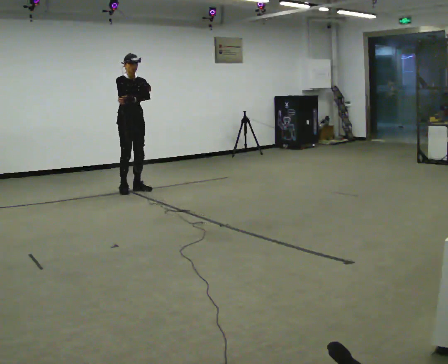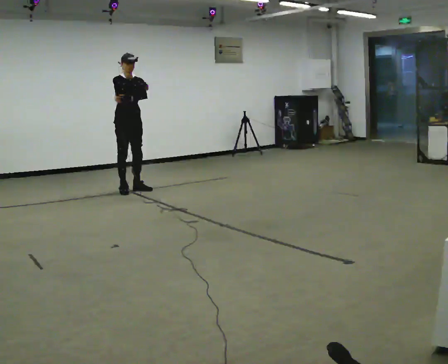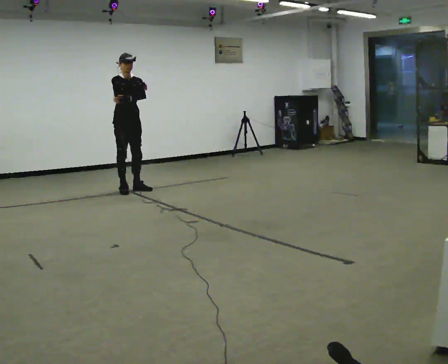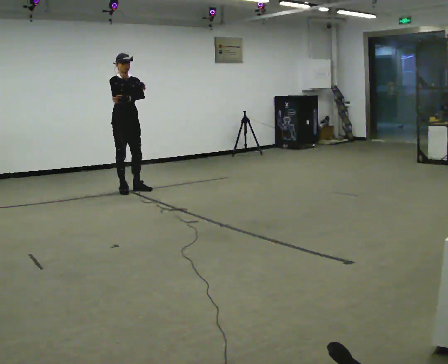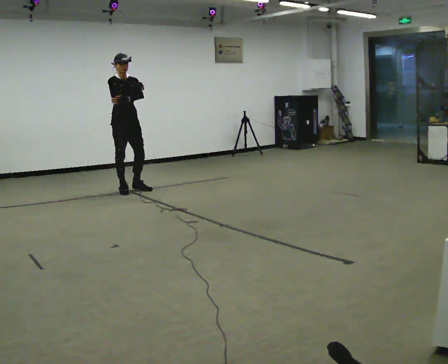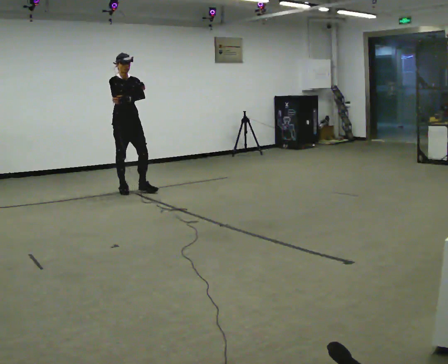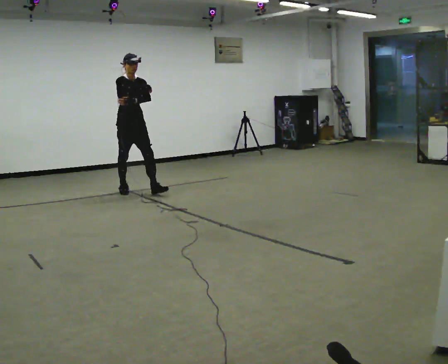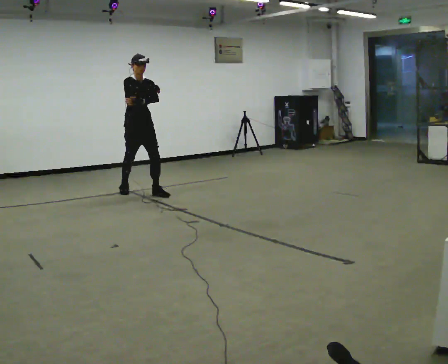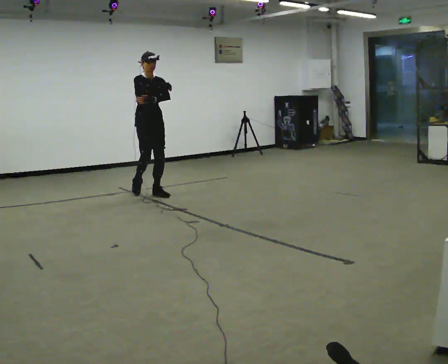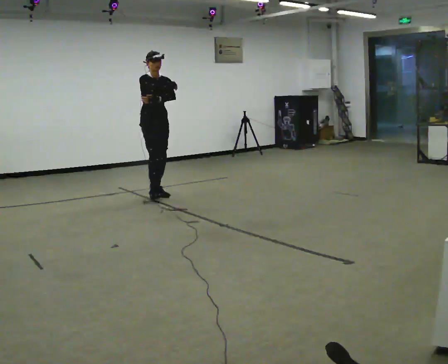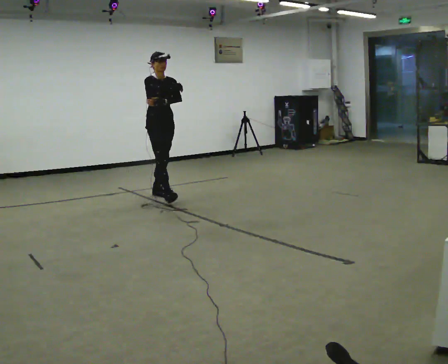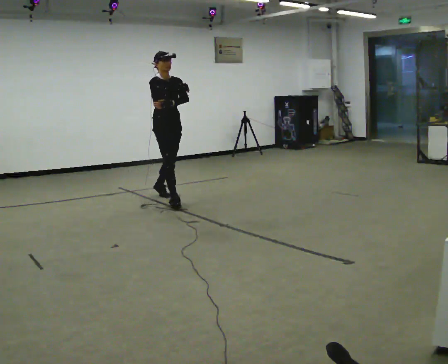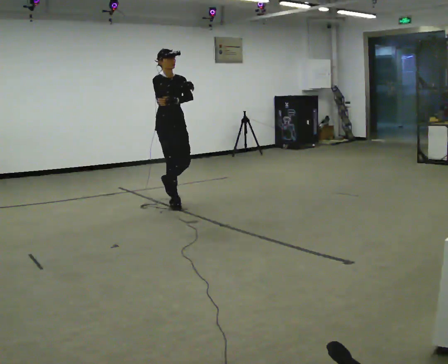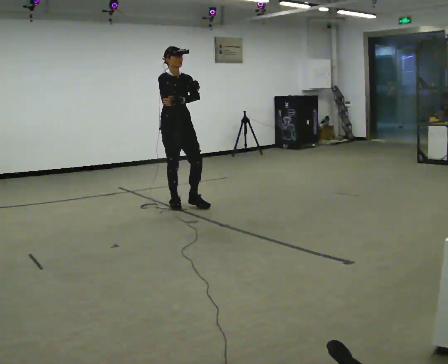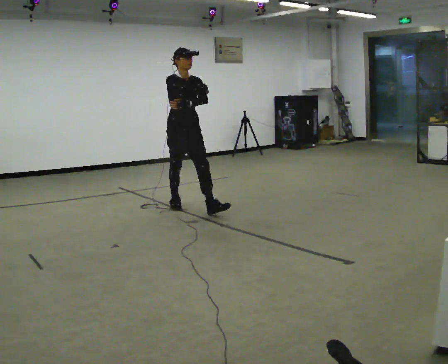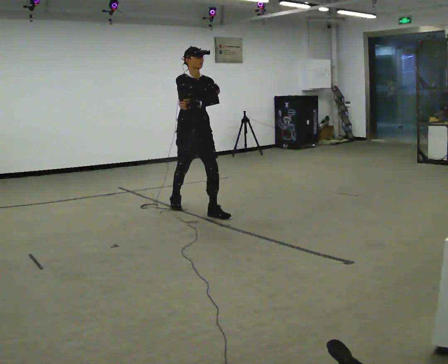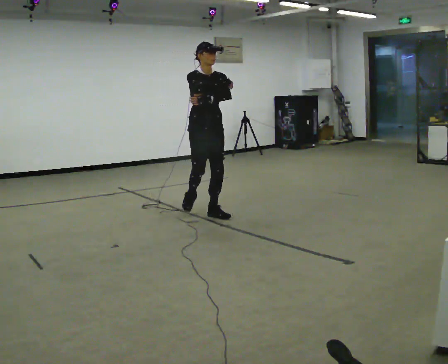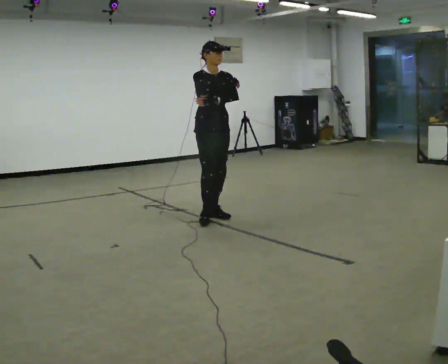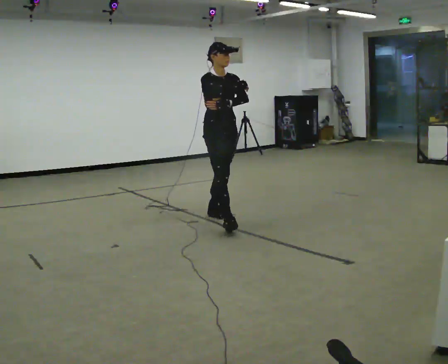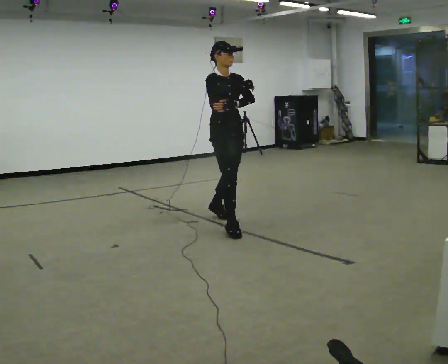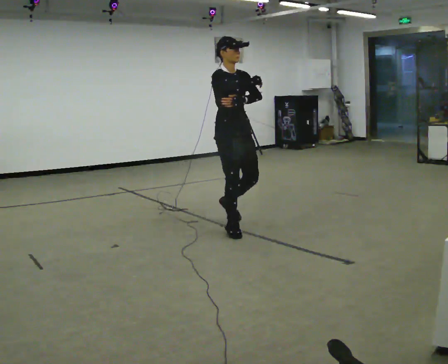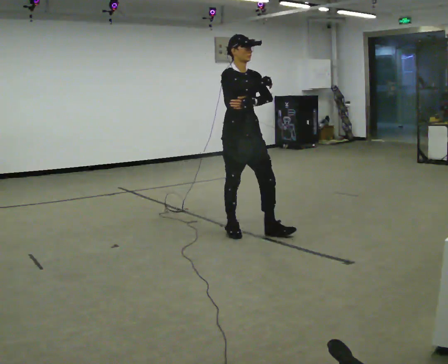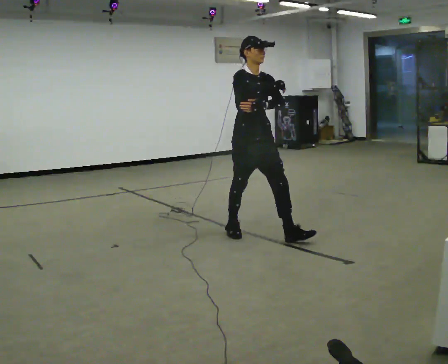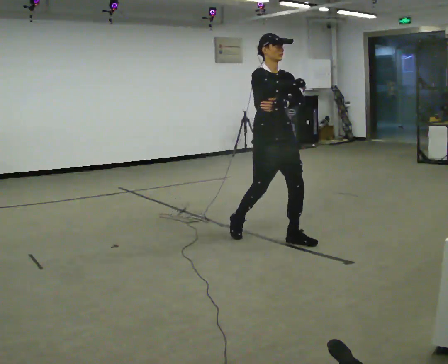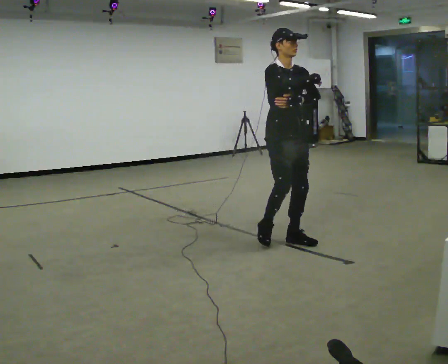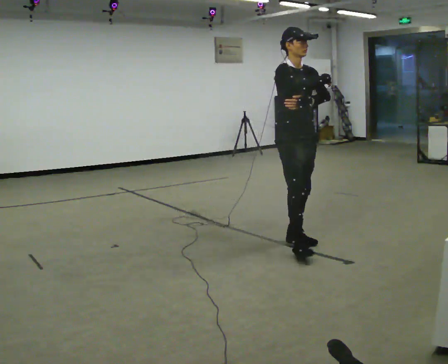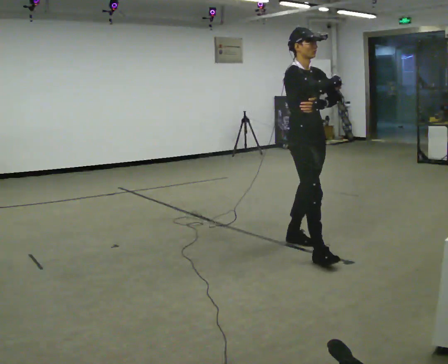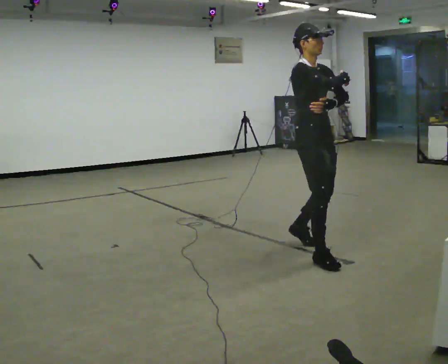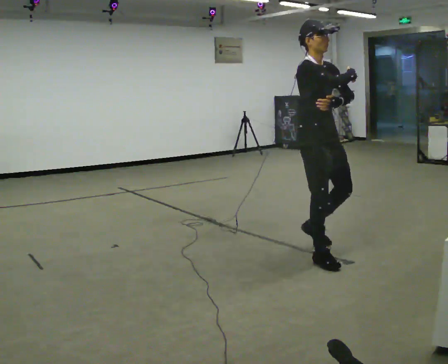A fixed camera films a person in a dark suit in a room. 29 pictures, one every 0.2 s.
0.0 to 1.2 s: The person moves a little, or ends about where they began.
1.2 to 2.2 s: In the picture they go toward the camera and to the right, about 0.75 m in 2 steps, which for them is forward.
2.2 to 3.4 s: In the picture they go toward the camera and to the right, about 1 m in 1 step, which for them is forward.
3.4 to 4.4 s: In the picture they go toward the camera, about 1 m in 1 step, which for them is forward.
4.4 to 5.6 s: In the picture they go toward the camera and to the right, about 1 m in 2 steps, which for them is forward.
The film runs forward here.
